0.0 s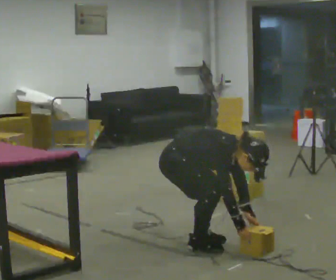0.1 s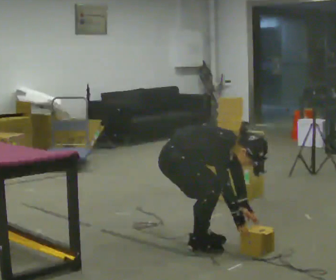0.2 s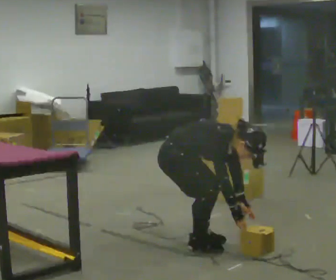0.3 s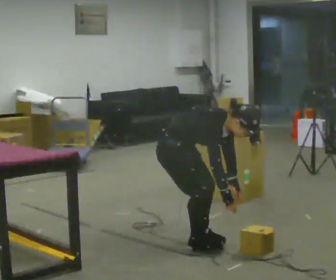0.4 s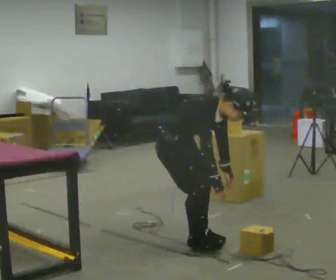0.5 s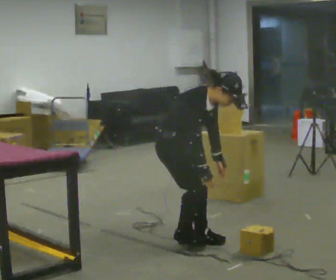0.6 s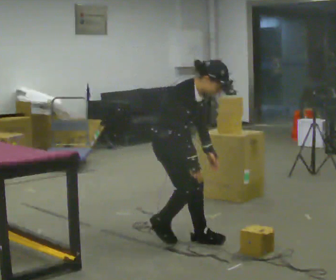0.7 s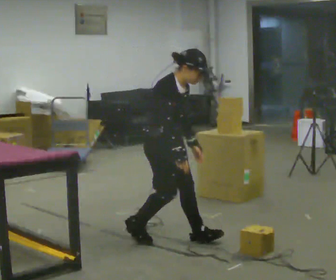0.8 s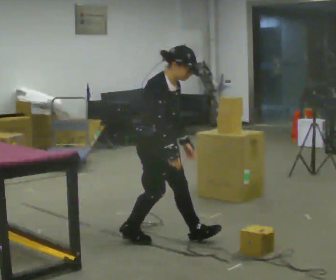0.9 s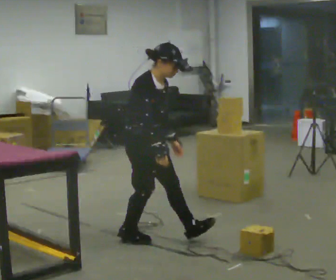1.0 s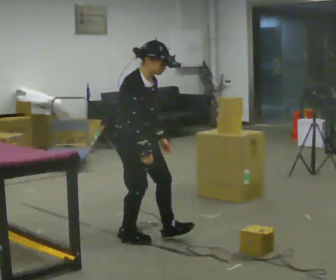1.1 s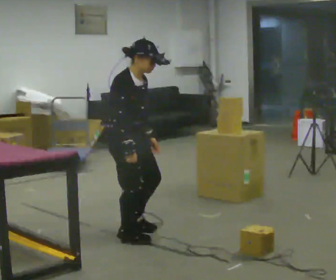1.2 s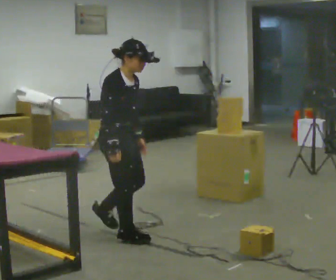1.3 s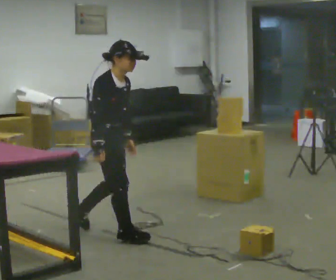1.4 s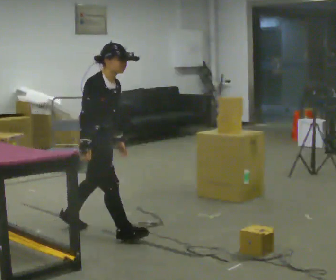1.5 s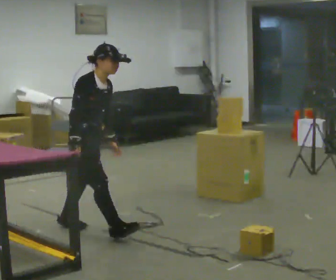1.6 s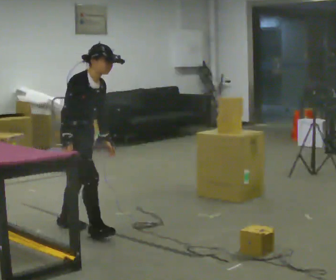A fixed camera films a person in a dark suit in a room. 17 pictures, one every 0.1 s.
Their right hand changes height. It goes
upward.
The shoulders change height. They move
upward.
0.0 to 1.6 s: In the picture they go to the left and away from the camera, about 1 m in 3 steps, which for them is backward. The upper body goes upward. In the picture the upper body tilts counterclockwise, shoulders to the left, as they lean back or straighten. In the picture their right hand goes upward.
The film runs backward here.
